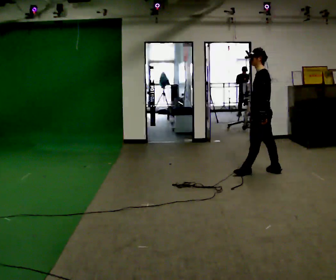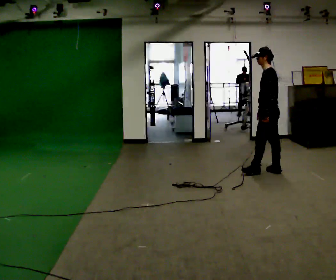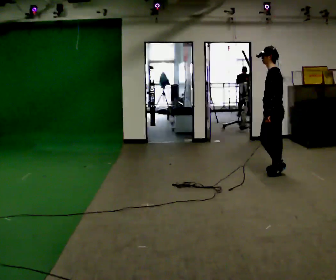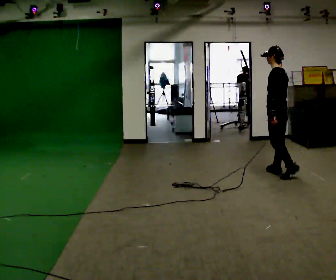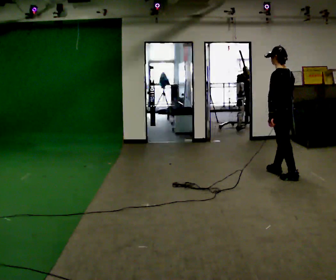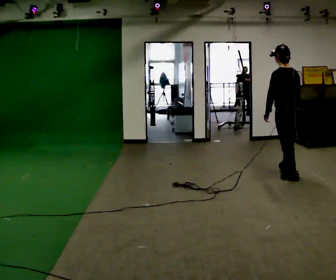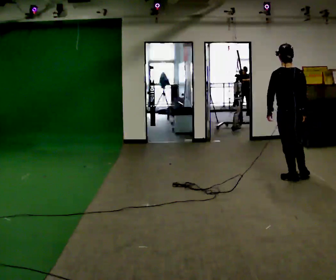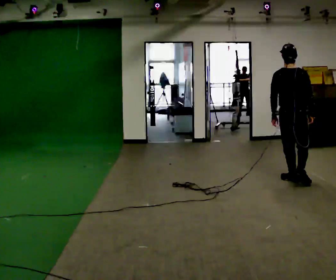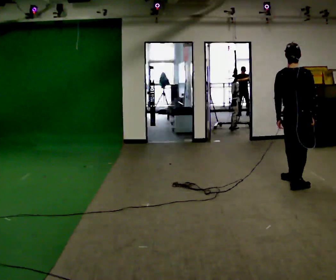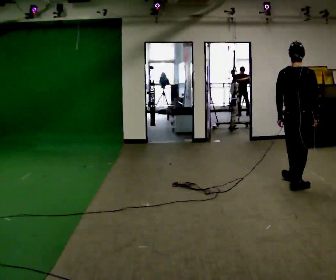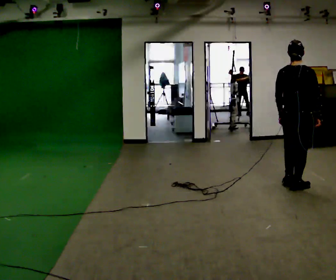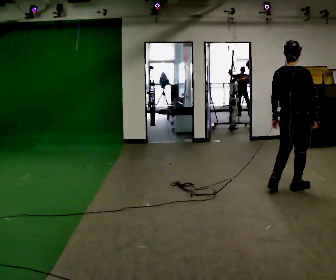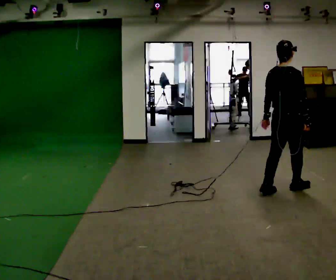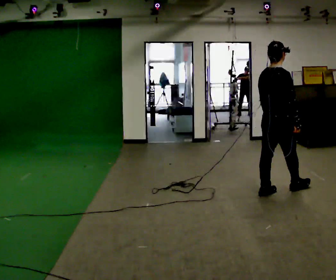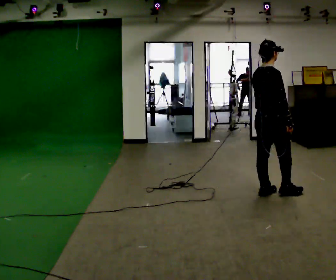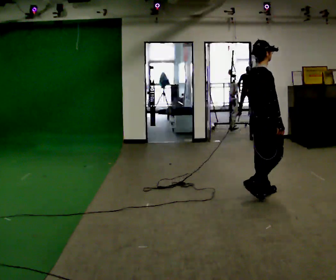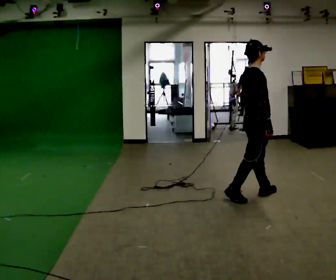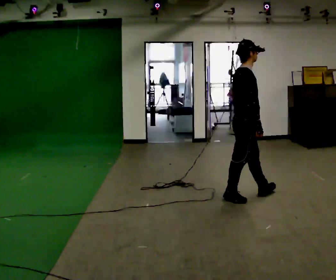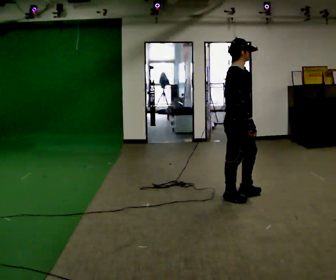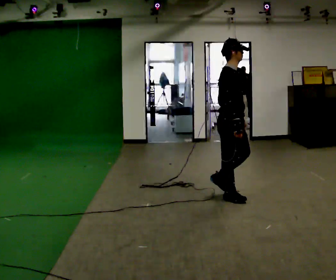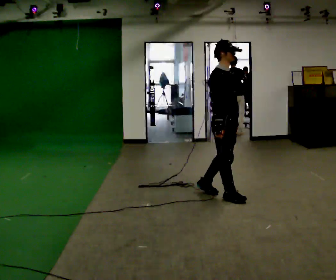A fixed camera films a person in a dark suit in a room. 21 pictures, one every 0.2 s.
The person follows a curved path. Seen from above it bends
clockwise.
The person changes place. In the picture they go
toward the camera.
0.0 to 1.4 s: The person turns about 90 degrees to their right, clockwise seen from above, so the part of the body nearest the lens slides to the left. In the picture they go toward the camera and to the right, about 0.5 m in 2 steps.
1.4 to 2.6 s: Seen from above the body turns clockwise, about 45 degrees: to their right, with its near side sliding to the left. In the picture they go toward the camera, about 0.5 m in 1 step, which for them is backward.
2.6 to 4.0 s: Seen from above the body turns clockwise, about 60 degrees: to their right, with its near side sliding to the left. In the picture they go to the left, about 0.5 m in 2 steps.
The film runs backward here.
